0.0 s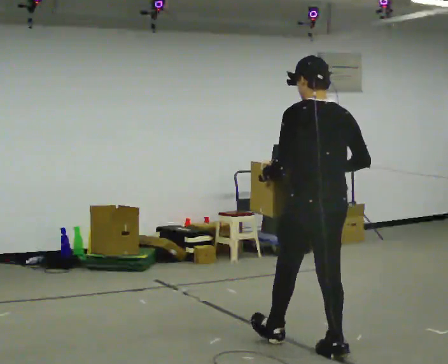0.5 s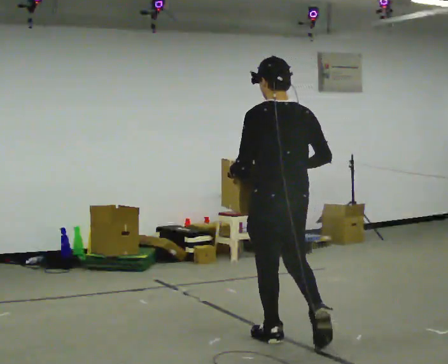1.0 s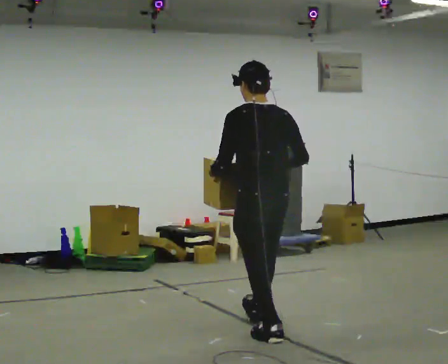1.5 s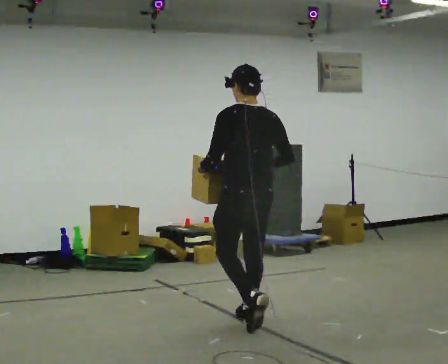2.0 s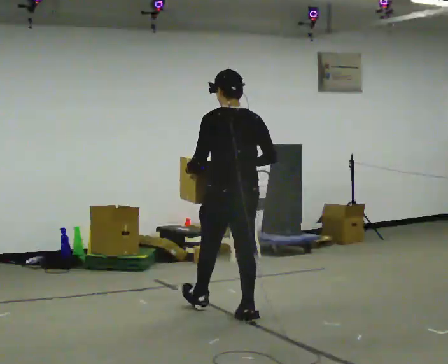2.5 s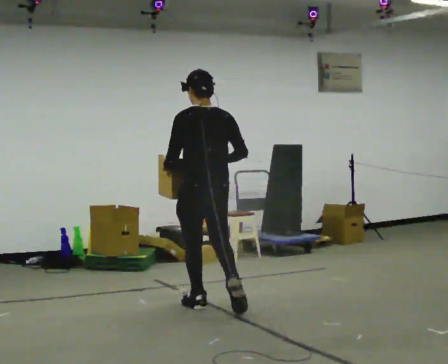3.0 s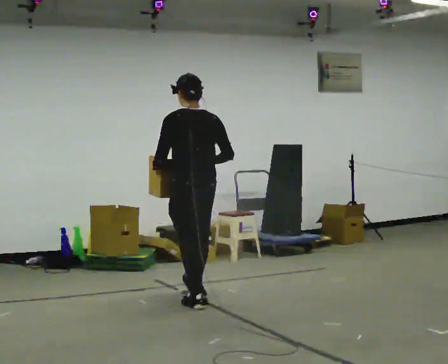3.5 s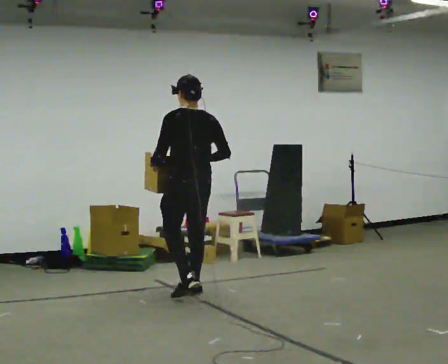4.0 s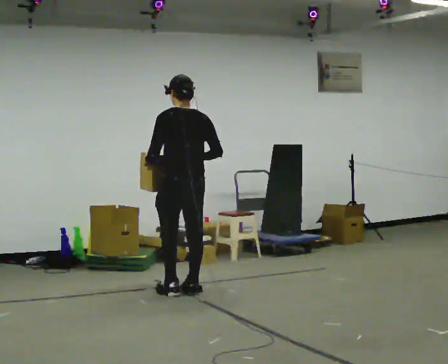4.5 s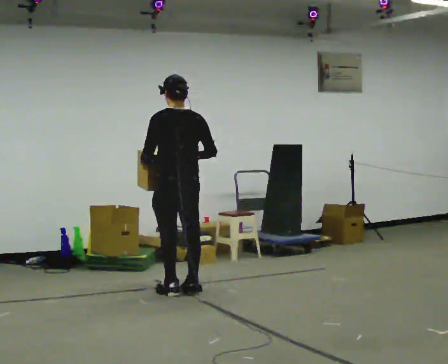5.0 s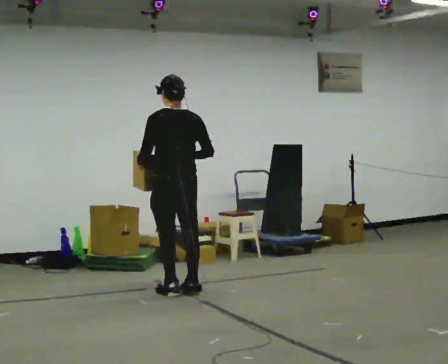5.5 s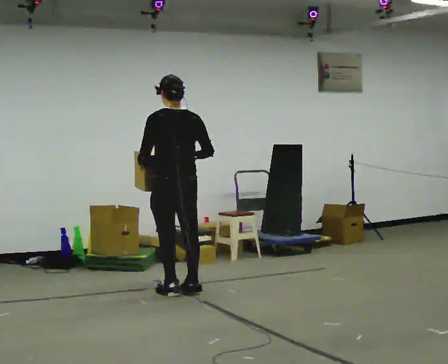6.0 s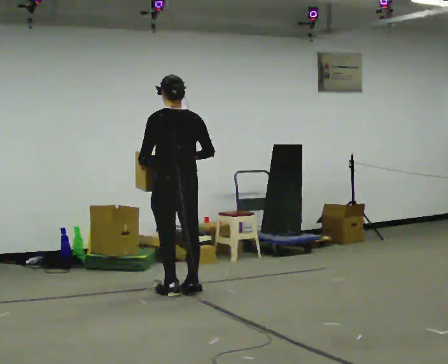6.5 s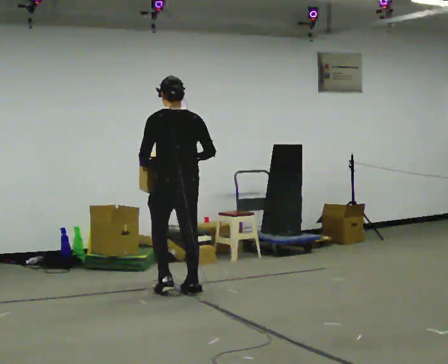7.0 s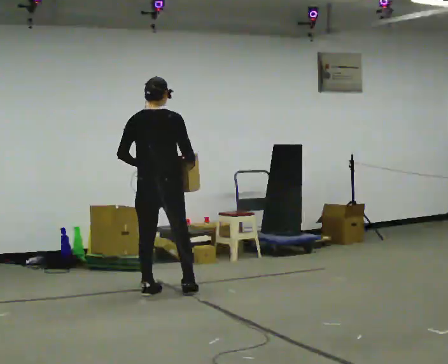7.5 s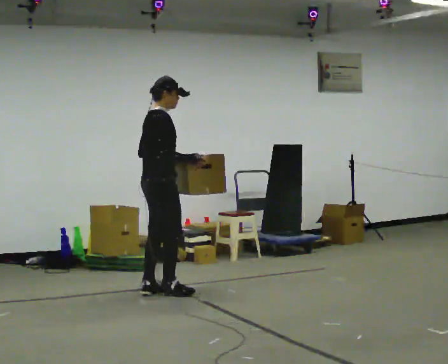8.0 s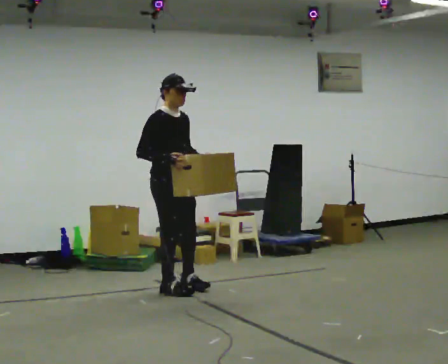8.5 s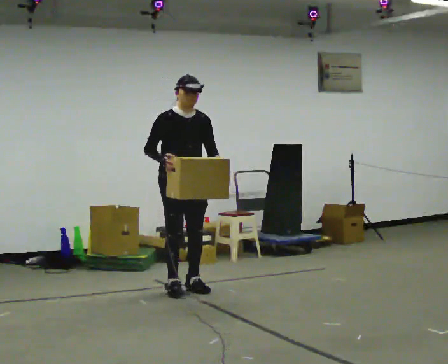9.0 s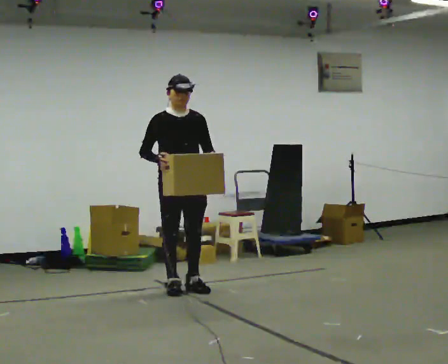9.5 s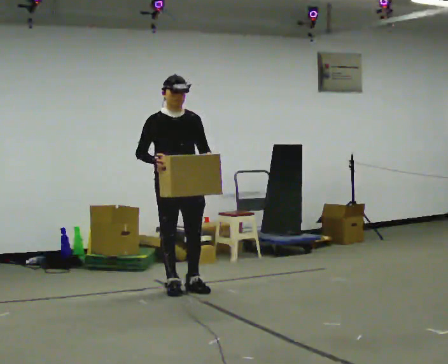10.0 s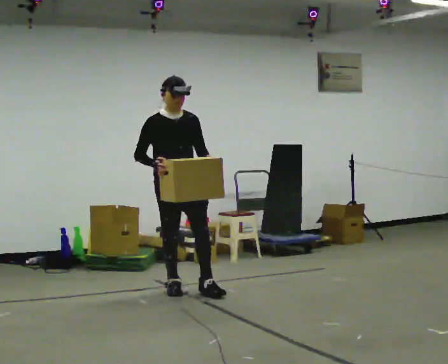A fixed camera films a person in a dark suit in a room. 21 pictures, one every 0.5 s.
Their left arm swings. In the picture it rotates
counterclockwise.
The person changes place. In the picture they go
away from the camera.
0.0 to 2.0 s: In the picture they go away from the camera and to the left, about 1 m in 1 step, which for them is forward.
2.0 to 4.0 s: In the picture they go away from the camera and to the left, about 1 m in 3 steps, which for them is forward.
4.0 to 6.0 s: The person moves a little, or ends about where they began.
6.0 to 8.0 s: Seen from above the body turns clockwise, about 150 degrees: to their right, with its near side sliding to the left. In the picture their left hand goes to the right, the arm swinging counterclockwise.
8.0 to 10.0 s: The person turns about 30 degrees to their right, clockwise seen from above, so the part of the body nearest the lens slides to the left.
The film runs forward here.
